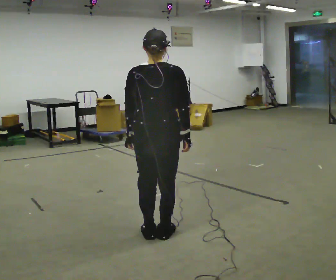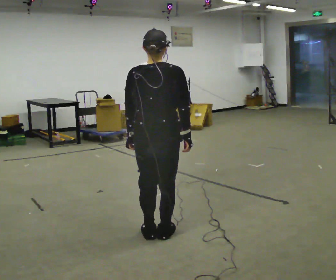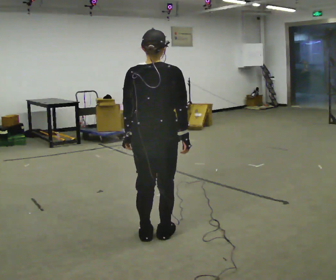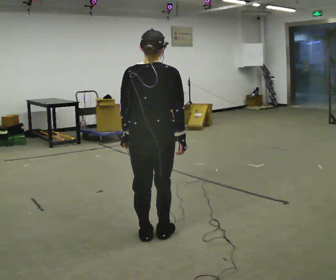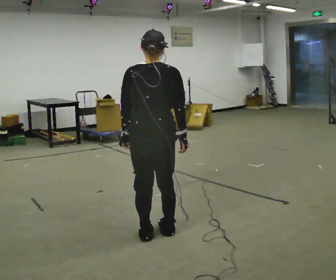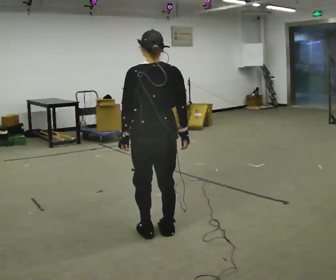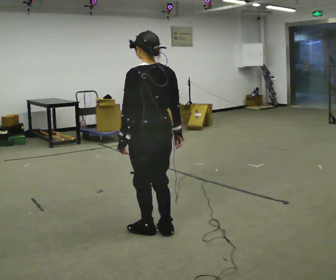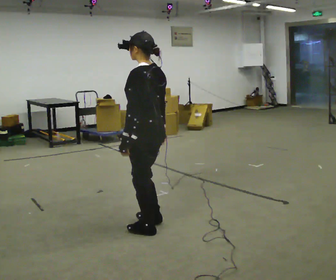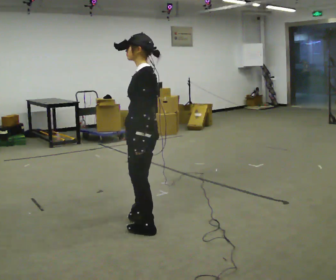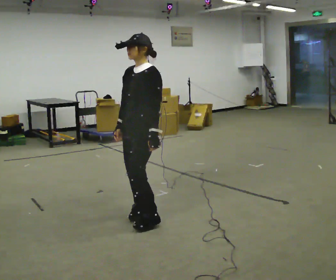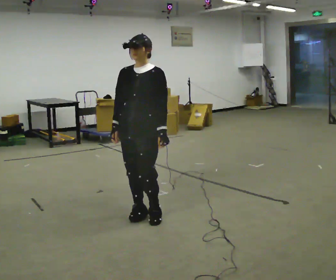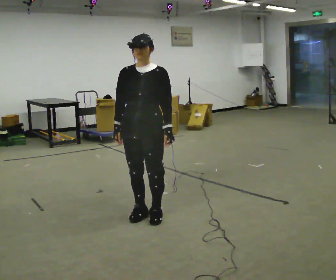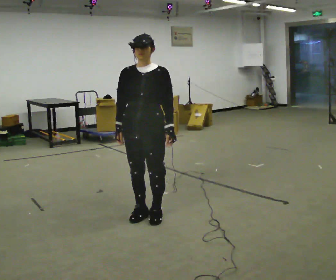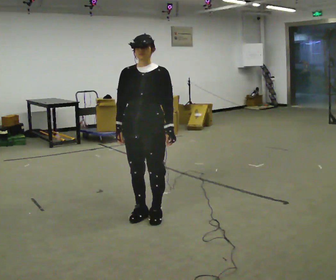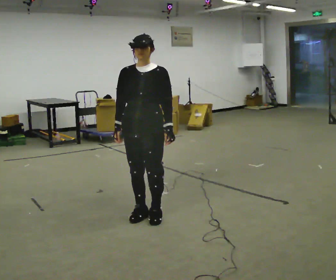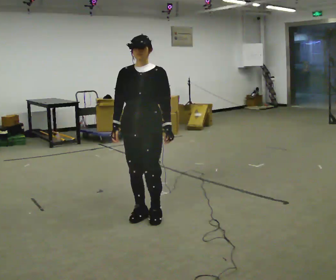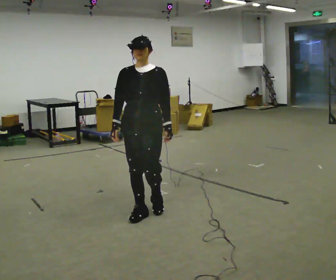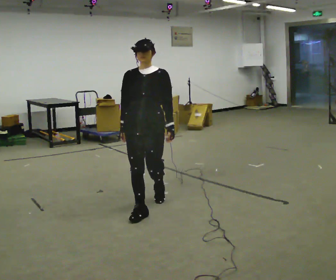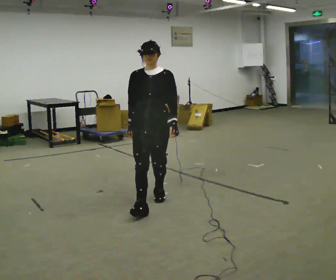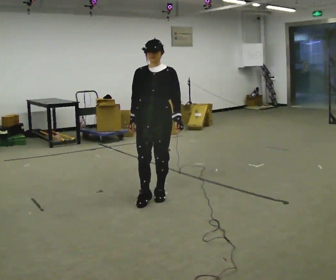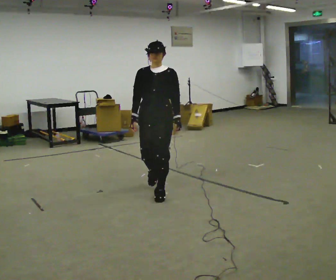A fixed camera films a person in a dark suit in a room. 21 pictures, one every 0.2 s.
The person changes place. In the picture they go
away from the camera.
The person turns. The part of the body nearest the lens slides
to the right.
0.0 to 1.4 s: The part of the body nearest the lens slides to the right as the person turns to their left by about 60 degrees.
1.4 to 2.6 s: The part of the body nearest the lens slides to the right as the person turns to their left by about 105 degrees. In the picture they go away from the camera, about 0.25 m in 1 step.
2.6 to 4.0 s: In the picture they go away from the camera, about 0.5 m in 2 steps, which for them is backward.
The film runs backward here.
